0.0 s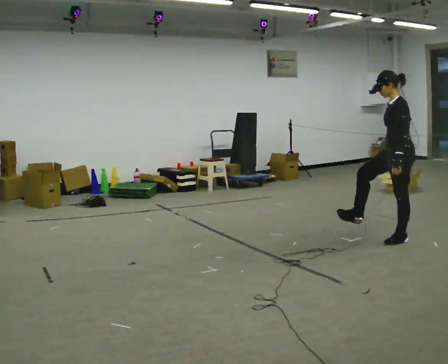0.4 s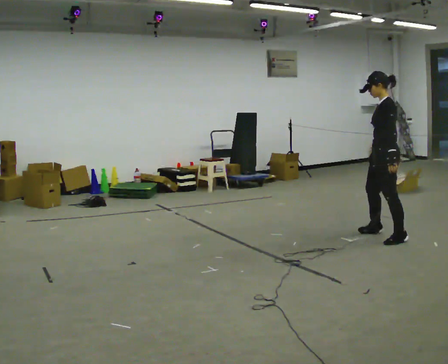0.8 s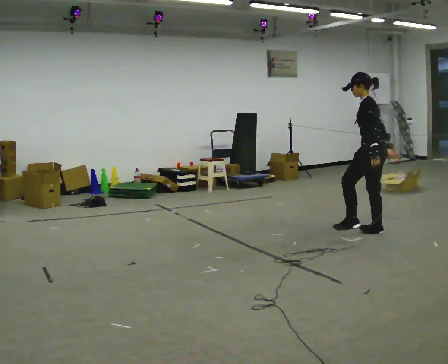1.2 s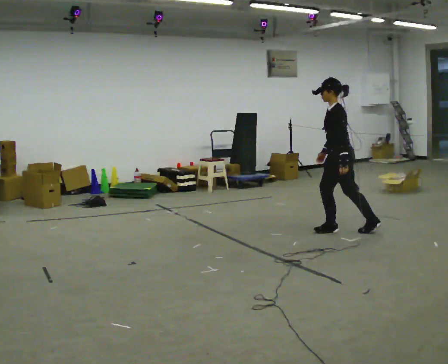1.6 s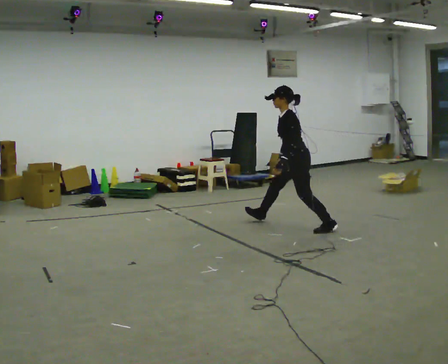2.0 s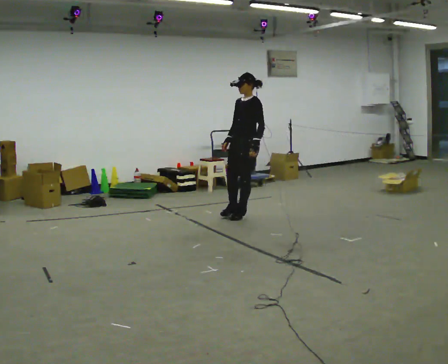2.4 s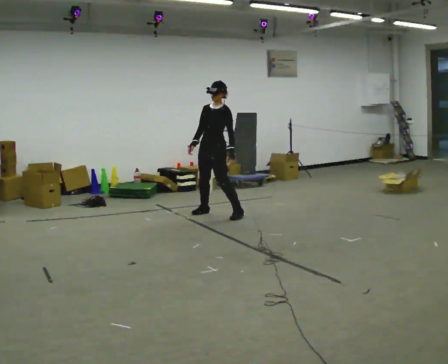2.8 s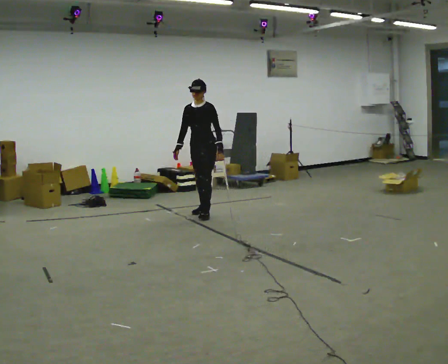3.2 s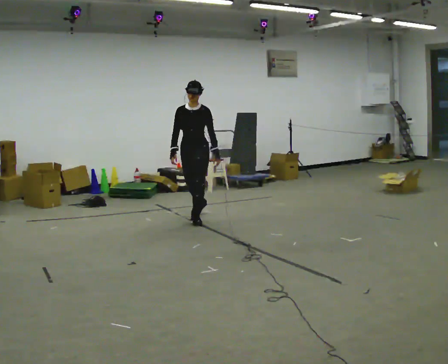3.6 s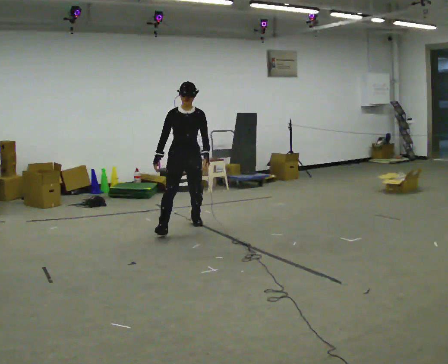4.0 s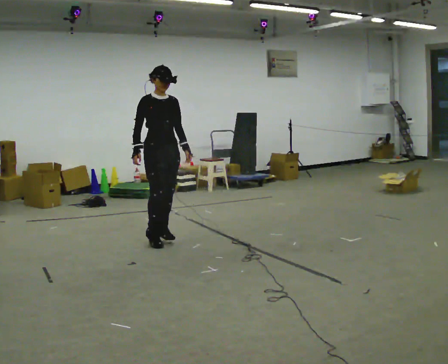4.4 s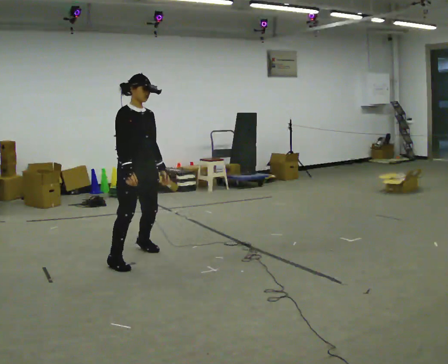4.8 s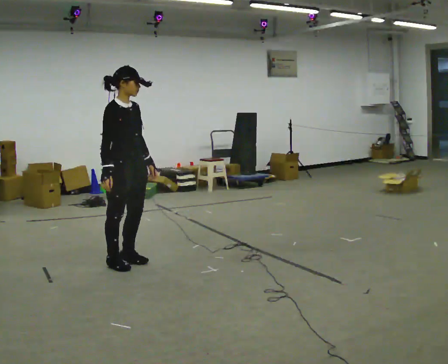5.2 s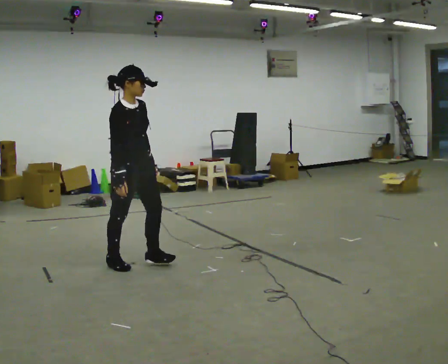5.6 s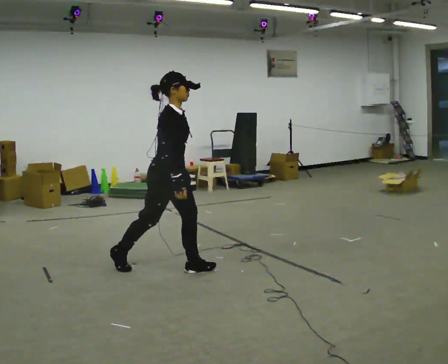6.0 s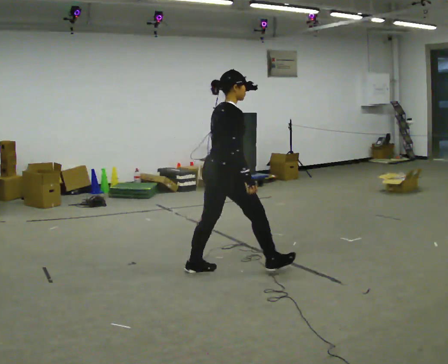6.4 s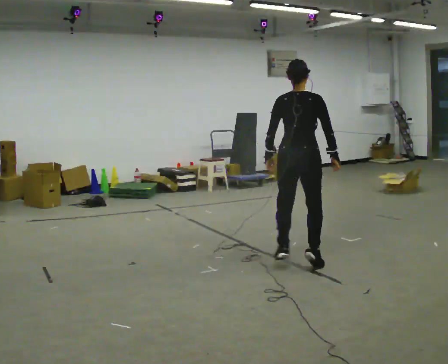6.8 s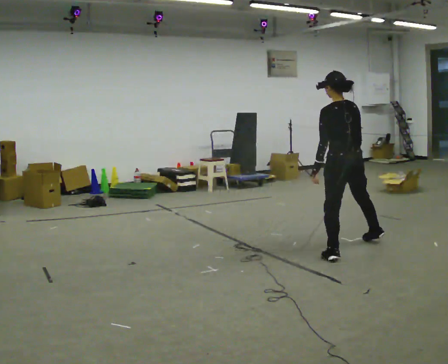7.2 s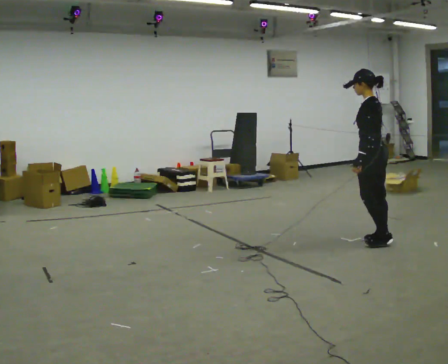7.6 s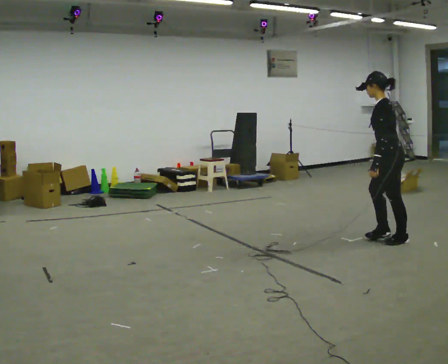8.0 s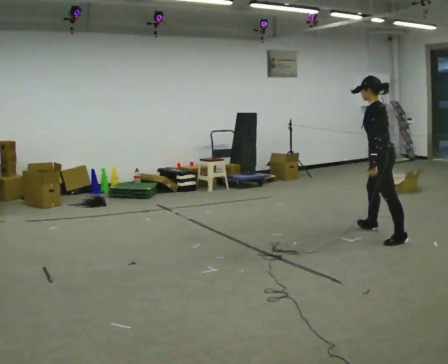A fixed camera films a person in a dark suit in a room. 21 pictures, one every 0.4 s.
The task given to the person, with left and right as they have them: Move around the room freely as if avoiding someone: change speed and direction whenever you like. Keep moving until the operator says stop.
0.0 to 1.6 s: In the picture they go away from the camera and to the left, about 1 m in 2 steps, which for them is forward.
1.6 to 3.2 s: The person turns about 75 degrees to their left, counterclockwise seen from above, so the part of the body nearest the lens slides to the right. In the picture they go to the left and away from the camera, about 1 m in 4 steps.
3.2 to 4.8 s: Seen from above the body turns counterclockwise, about 75 degrees: to their left, with its near side sliding to the right. In the picture they go toward the camera, about 1.5 m in 4 steps.
4.8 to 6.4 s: Seen from above the body turns counterclockwise, about 105 degrees: to their left, with its near side sliding to the right. In the picture they go to the right, about 1.5 m in 2 steps.
6.4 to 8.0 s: The person turns about 75 degrees to their left, counterclockwise seen from above, so the part of the body nearest the lens slides to the right. In the picture they go to the right and away from the camera, about 1 m in 4 steps.
The film runs forward here.
